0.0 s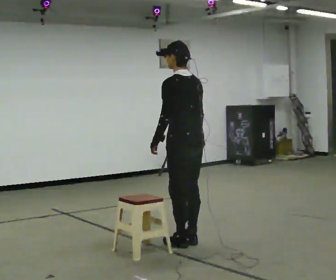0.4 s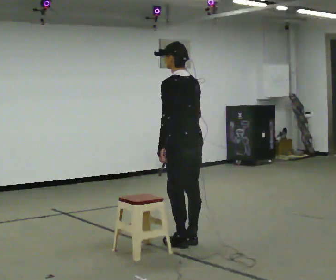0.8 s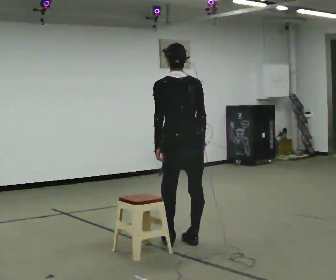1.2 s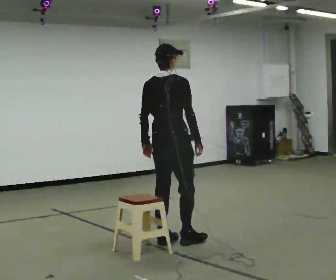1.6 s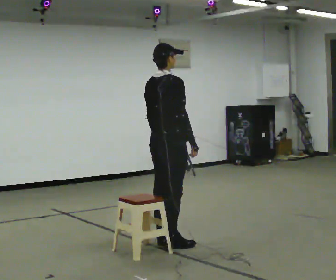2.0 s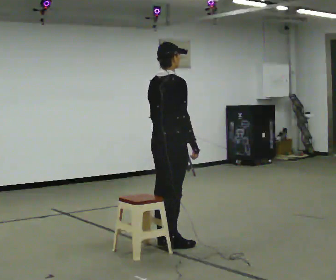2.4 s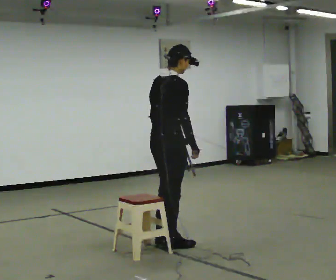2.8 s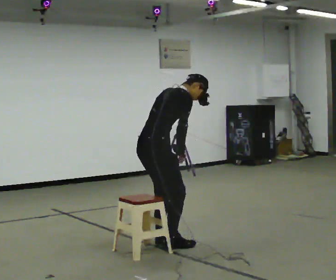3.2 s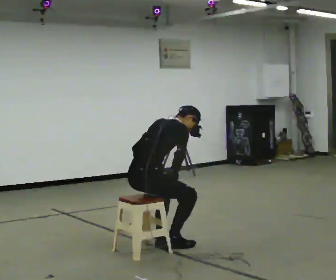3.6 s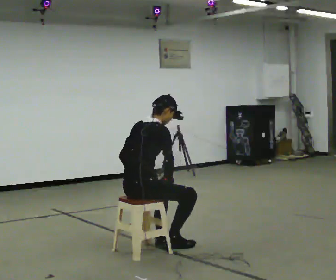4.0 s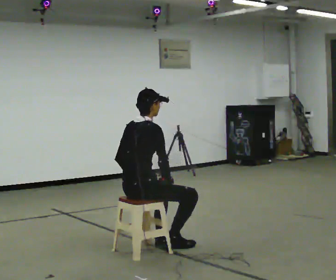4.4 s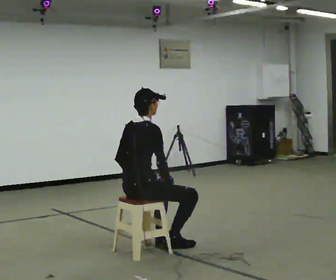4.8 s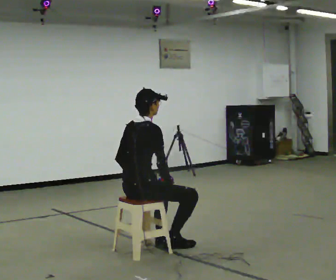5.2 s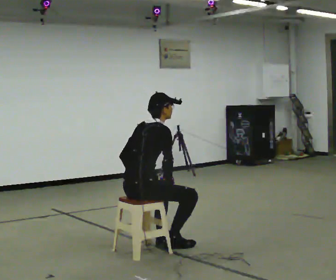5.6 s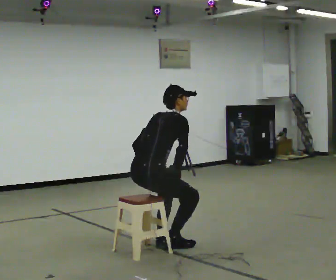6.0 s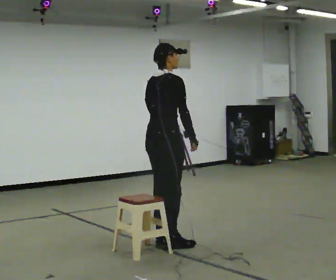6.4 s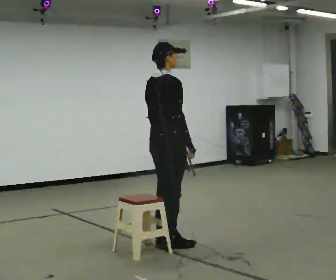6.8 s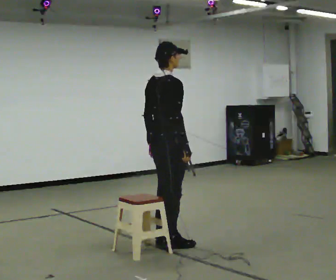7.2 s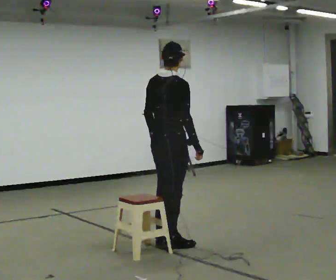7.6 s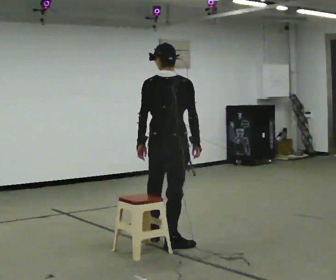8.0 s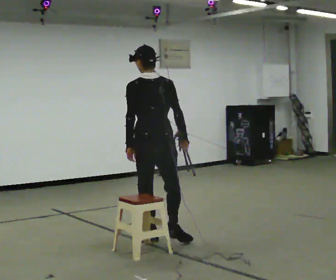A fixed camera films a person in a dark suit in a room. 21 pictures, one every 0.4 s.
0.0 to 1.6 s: The person turns about 90 degrees to their right, clockwise seen from above, so the part of the body nearest the lens slides to the left. In the picture they go to the left, about 0.25 m in 2 steps.
1.6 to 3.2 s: In the picture they go to the left and toward the camera, about 0.25 m, which for them is backward. The shoulders move downward. In the picture the upper body tilts clockwise, shoulders to the right, as they bend forward.
3.2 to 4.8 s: In the picture the upper body tilts counterclockwise, shoulders to the left, as they lean back or straighten.
4.8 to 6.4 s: In the picture they go to the right and away from the camera, about 0.25 m, which for them is forward. The shoulders move upward. In the picture their right hand goes upward.
6.4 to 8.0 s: Seen from above the body turns counterclockwise, about 60 degrees: to their left, with its near side sliding to the right. In the picture they go away from the camera, about 0.25 m in 1 step.
The film runs forward here.
